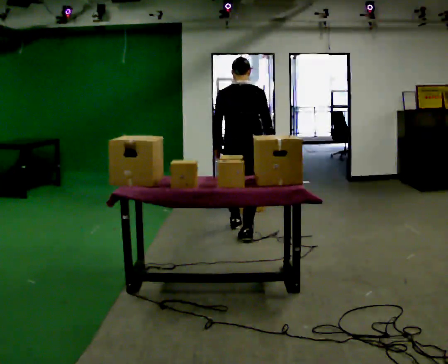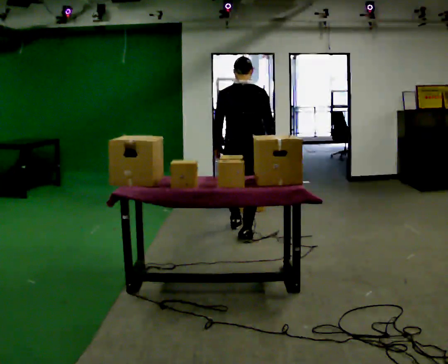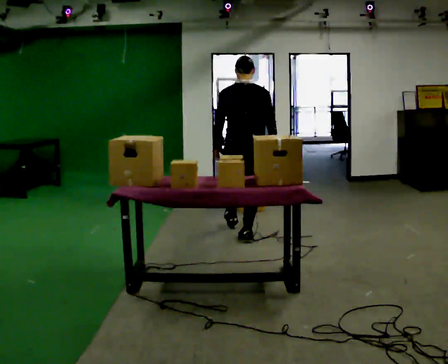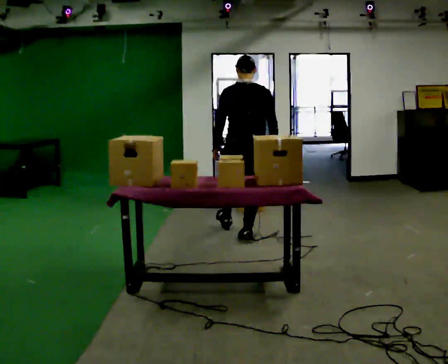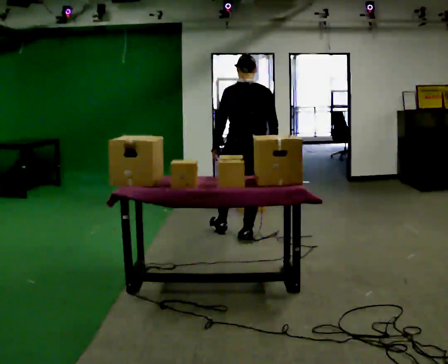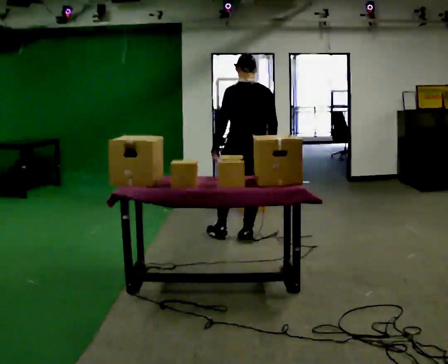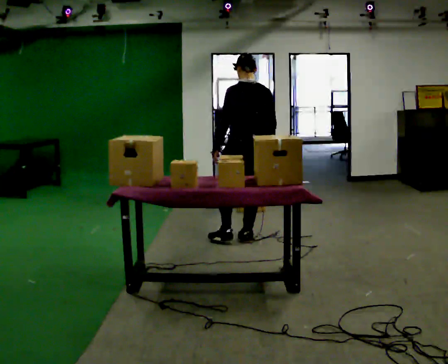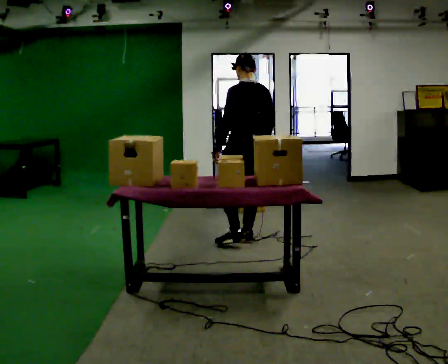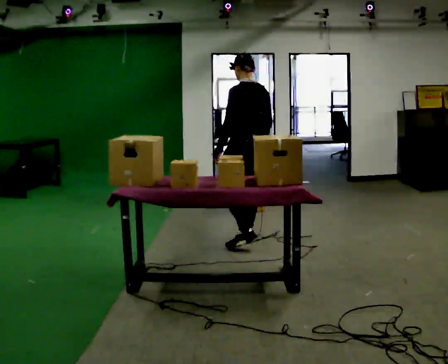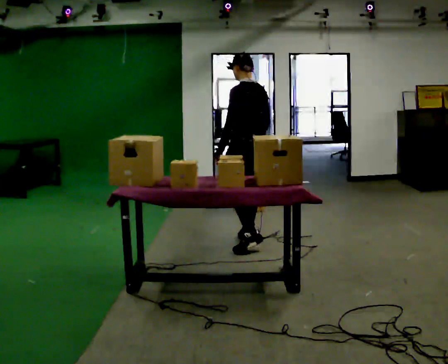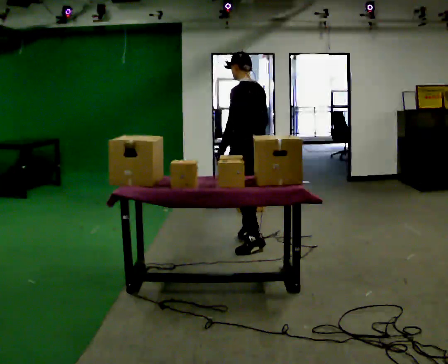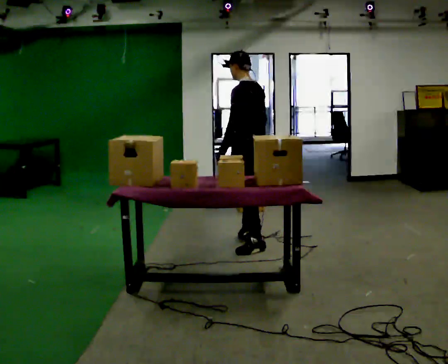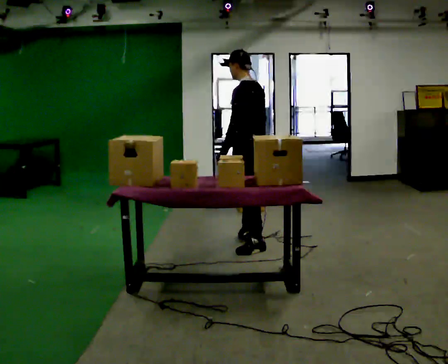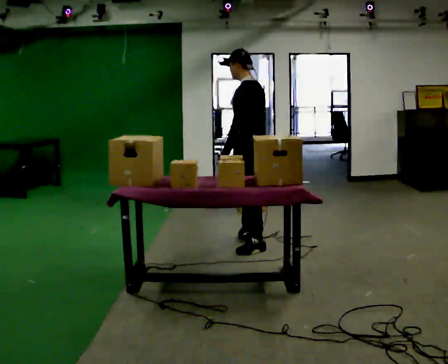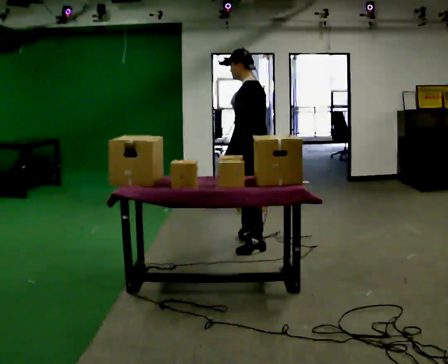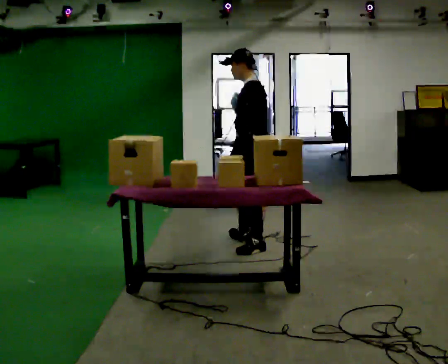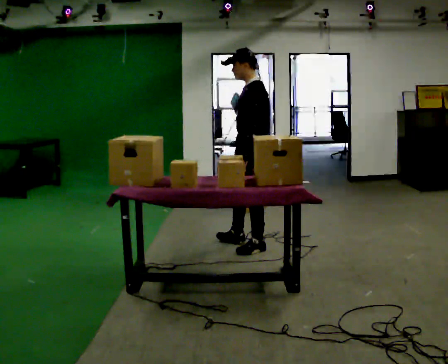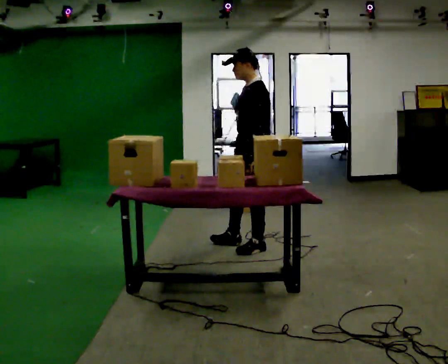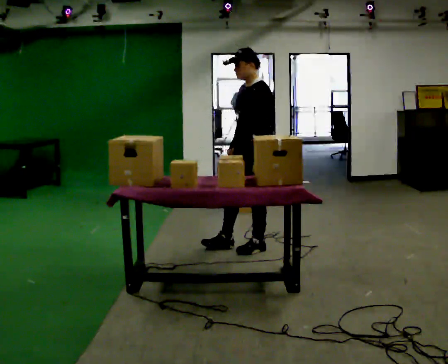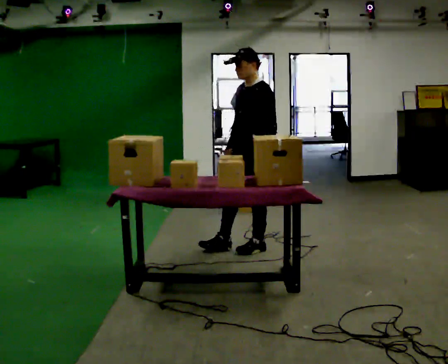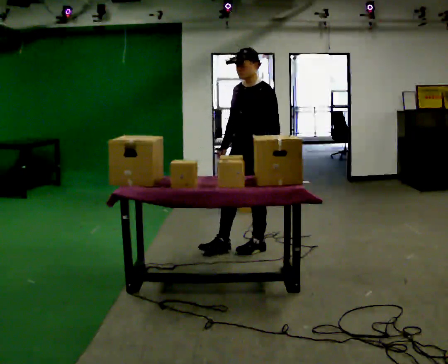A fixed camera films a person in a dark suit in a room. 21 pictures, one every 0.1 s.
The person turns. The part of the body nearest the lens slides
to the right.
The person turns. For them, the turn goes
to their left.
0.0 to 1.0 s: The part of the body nearest the lens slides to the right as the person turns to their left by about 75 degrees. In the picture they go toward the camera, about 0.25 m in 1 step.
1.0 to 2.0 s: The person turns about 60 degrees to their left, counterclockwise seen from above, so the part of the body nearest the lens slides to the right. In the picture they go toward the camera, about 0.25 m in 1 step. In the picture their left hand goes to the right.
The film runs backward here.
